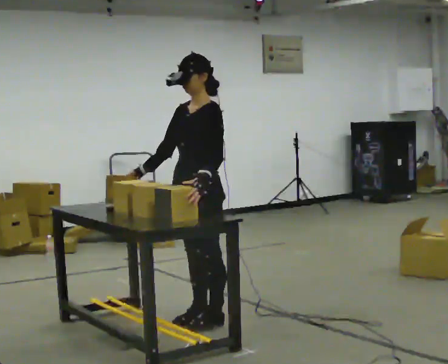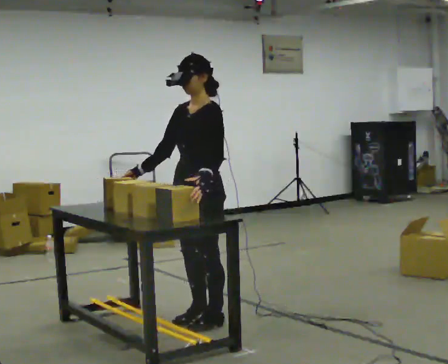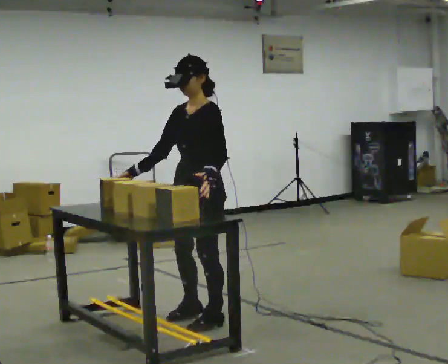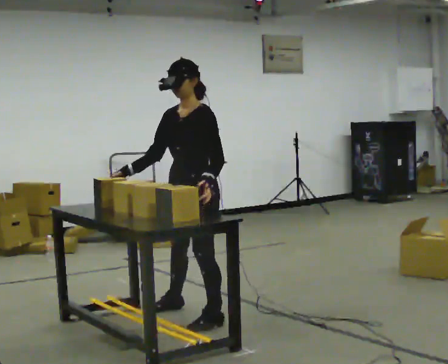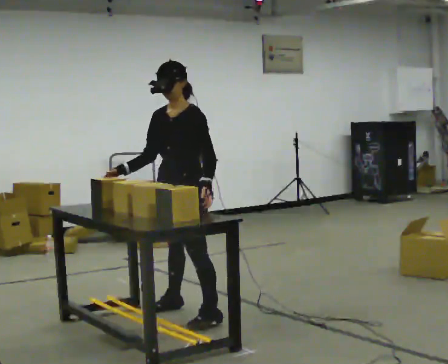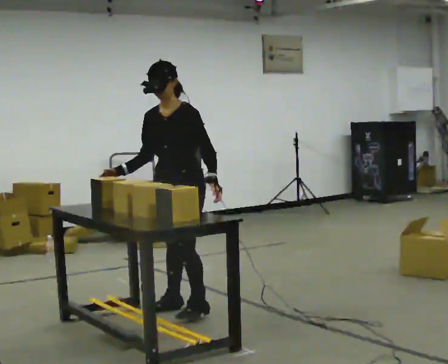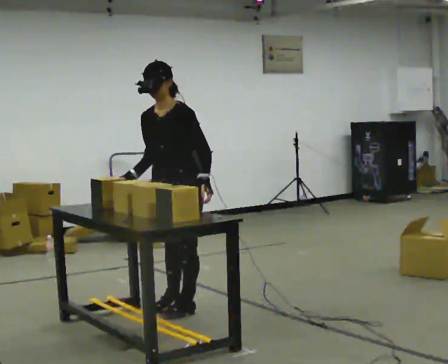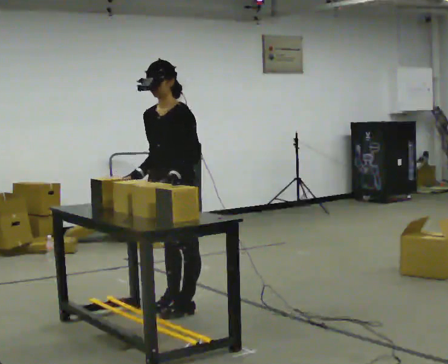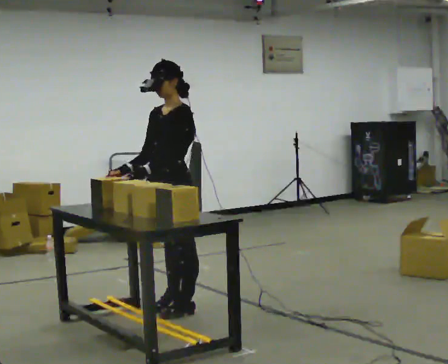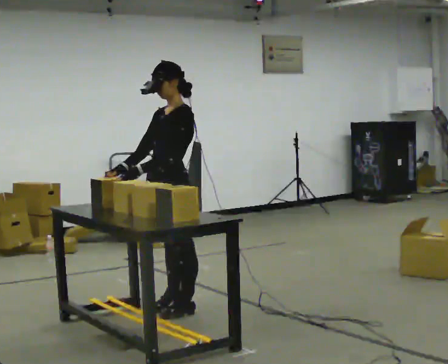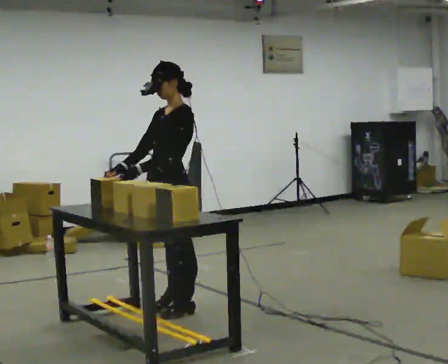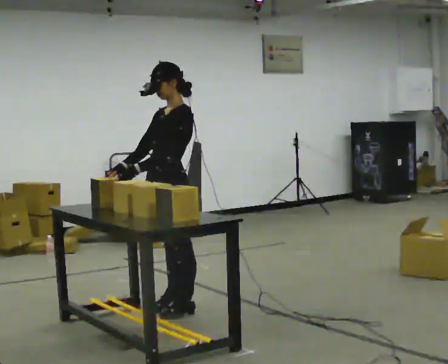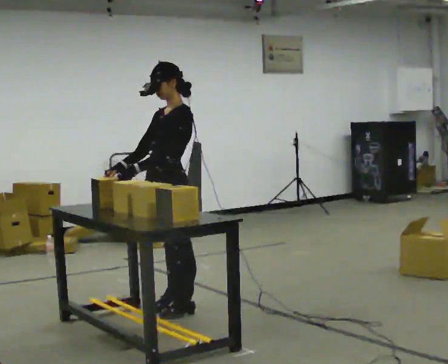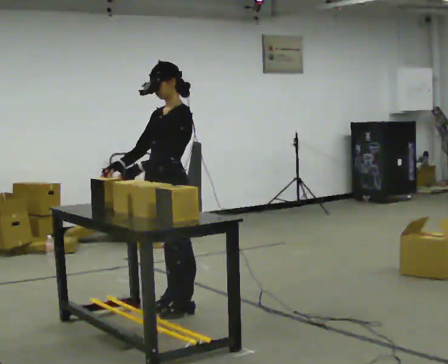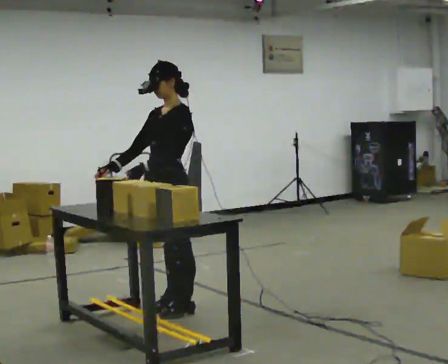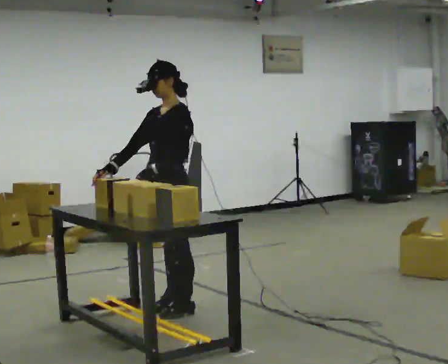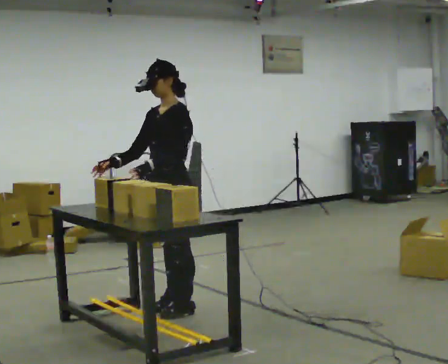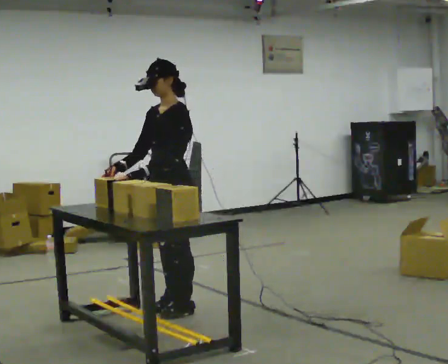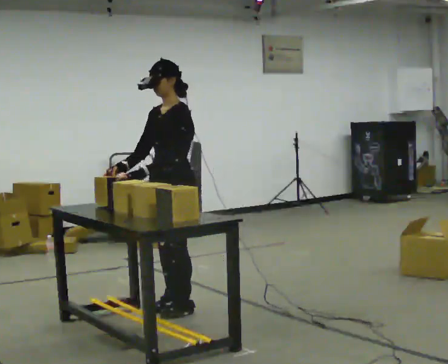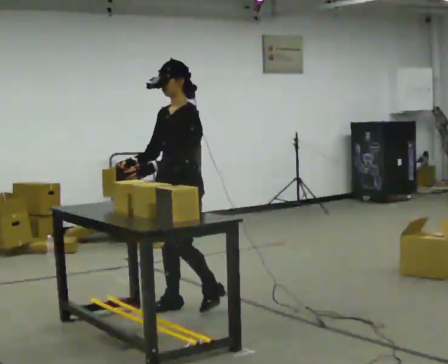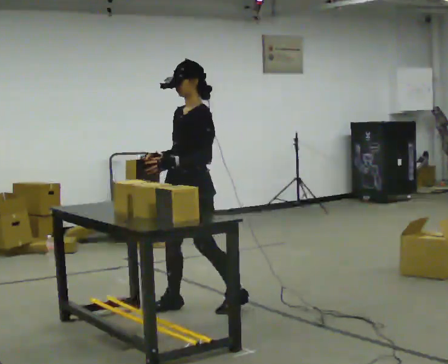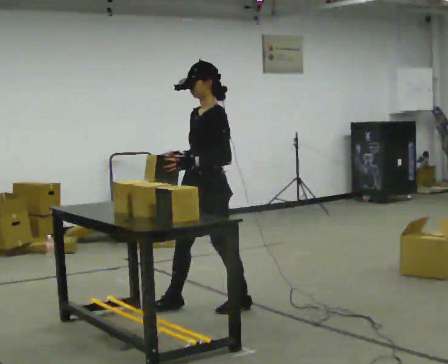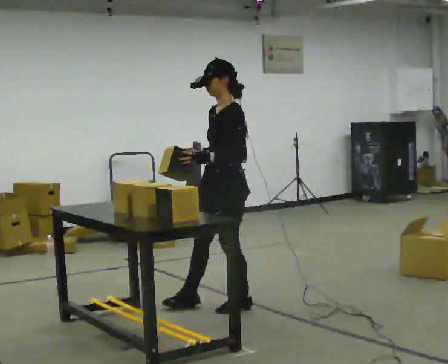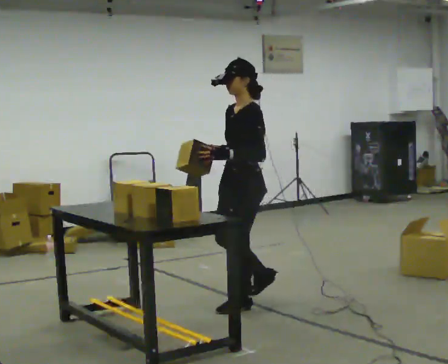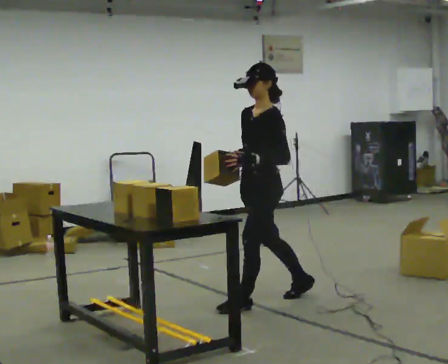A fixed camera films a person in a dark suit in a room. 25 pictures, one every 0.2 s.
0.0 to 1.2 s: In the picture they go away from the camera, about 0.25 m in 2 steps, which for them is to their right.
1.2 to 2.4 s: Seen from above the body turns clockwise, about 30 degrees: to their right, with its near side sliding to the left. In the picture the upper body tilts clockwise, shoulders to the right, as they lean back or straighten. In the picture their left hand goes to the left, the arm swinging clockwise.
2.4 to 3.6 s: The person moves a little, or ends about where they began.
3.6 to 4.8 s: In the picture they go to the right, about 0.5 m in 2 steps, which for them is backward.
The film runs backward here.
